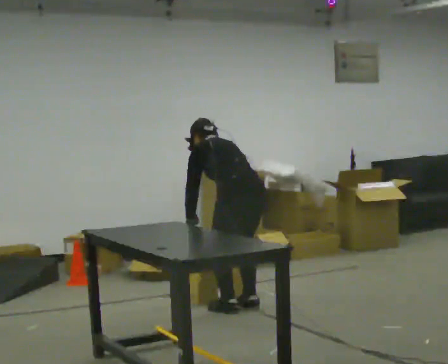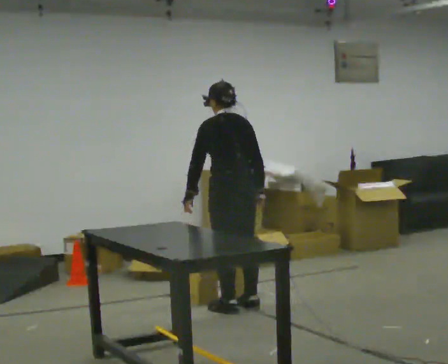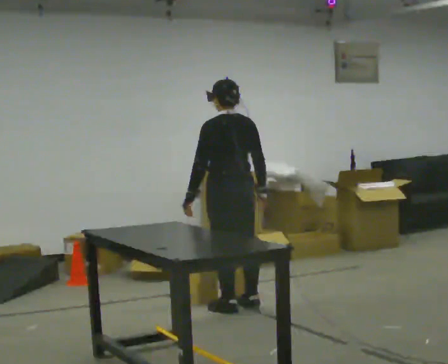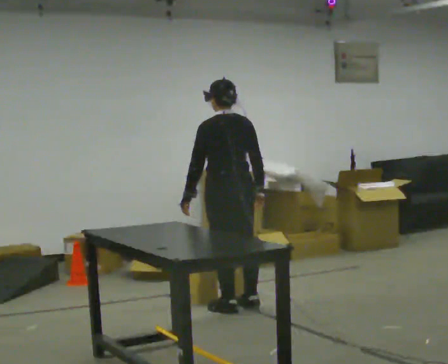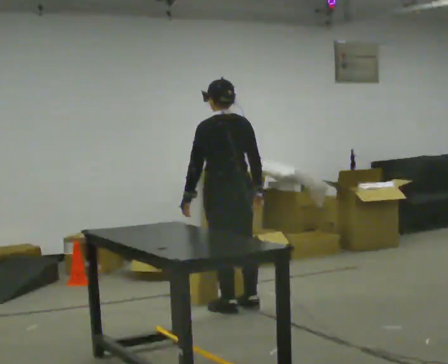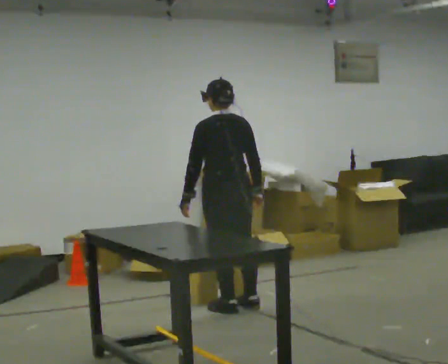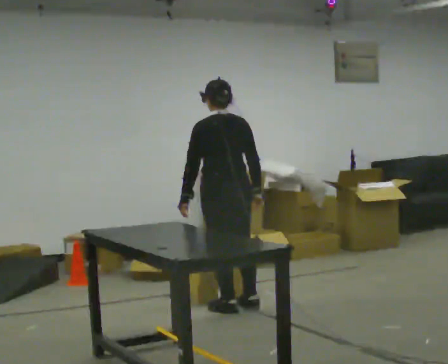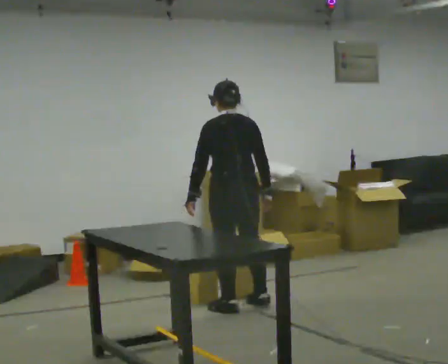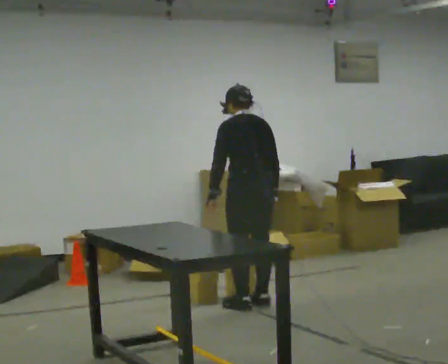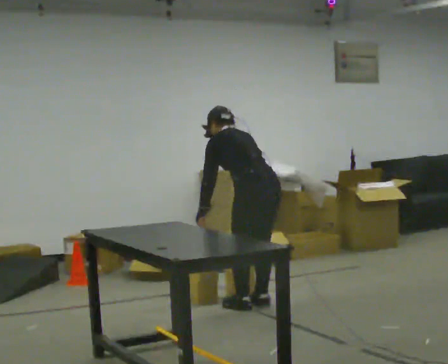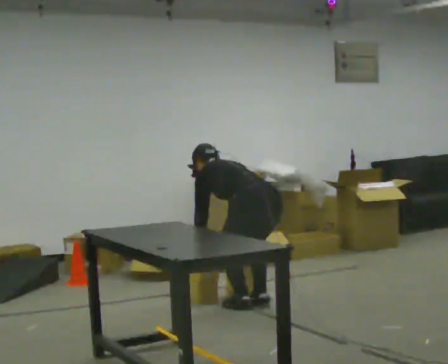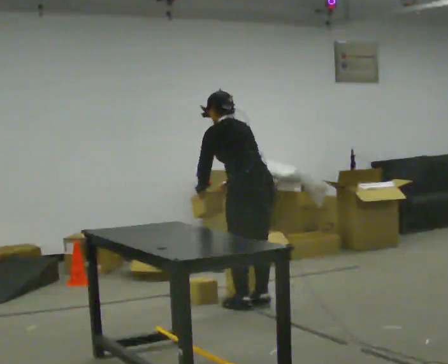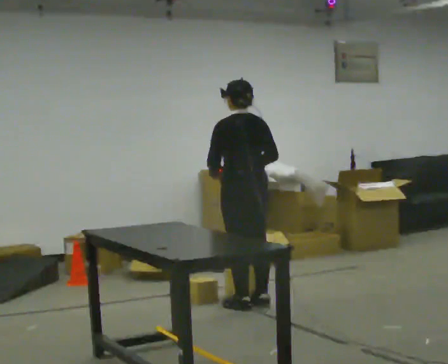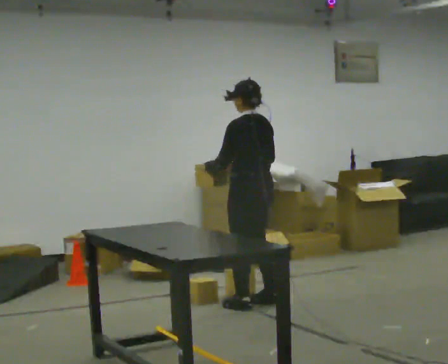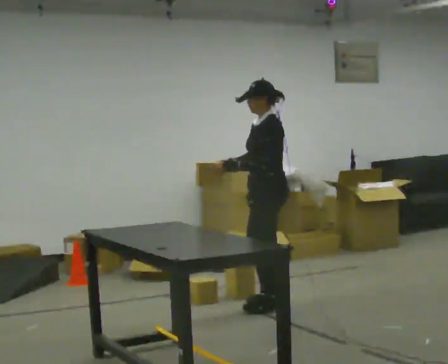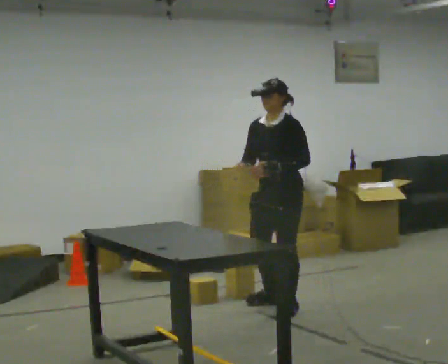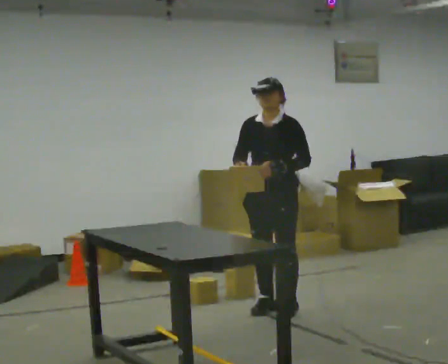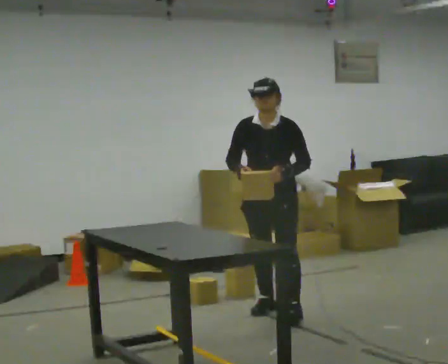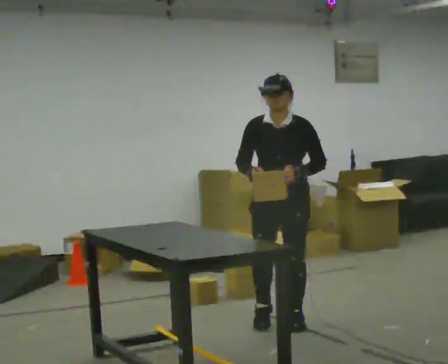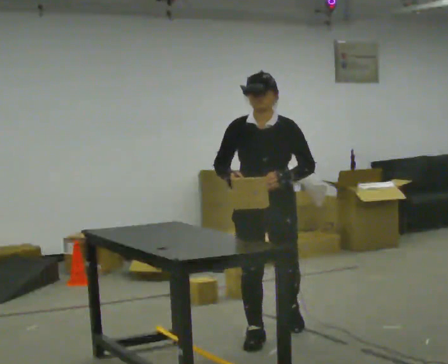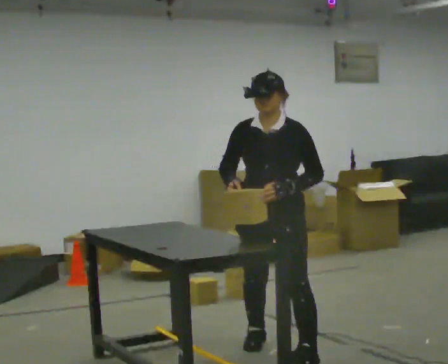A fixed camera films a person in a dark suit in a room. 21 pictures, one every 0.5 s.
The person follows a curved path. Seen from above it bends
clockwise.
0.0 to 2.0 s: The upper body goes upward. The upper body tips toward the camera, its near side rolling downward, as they lean back or straighten.
2.0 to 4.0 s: In the picture they go to the right, about 0.25 m, which for them is to their right.
4.0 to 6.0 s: The person moves a little, or ends about where they began.
6.0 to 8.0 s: The person turns about 120 degrees to their left, counterclockwise seen from above, so the part of the body nearest the lens slides to the right. In the picture they go to the right and toward the camera, about 0.25 m in 2 steps.
8.0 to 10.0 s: In the picture they go toward the camera, about 1 m in 3 steps, which for them is forward.
The film runs forward here.
